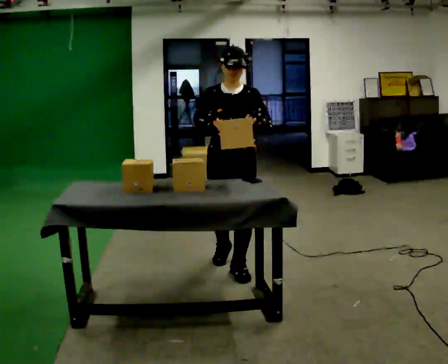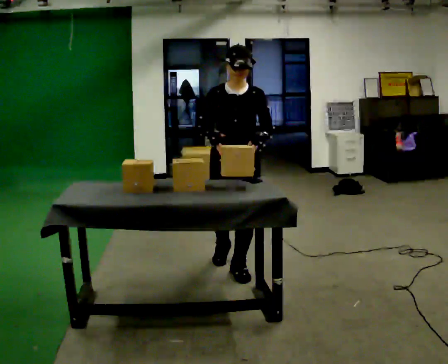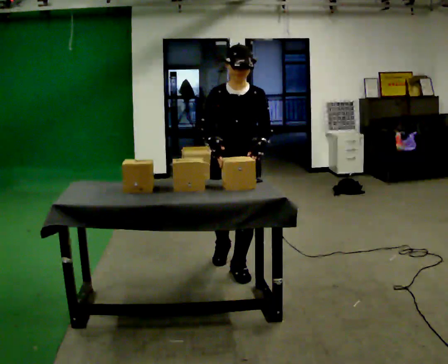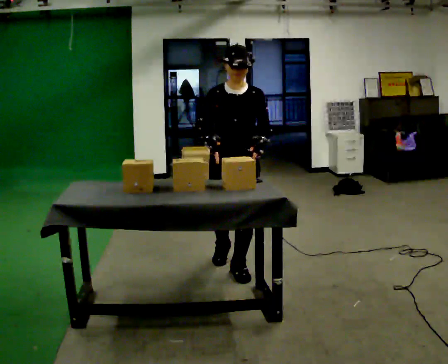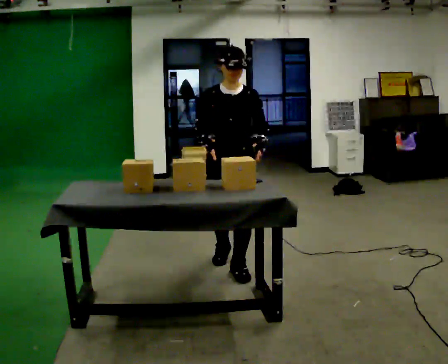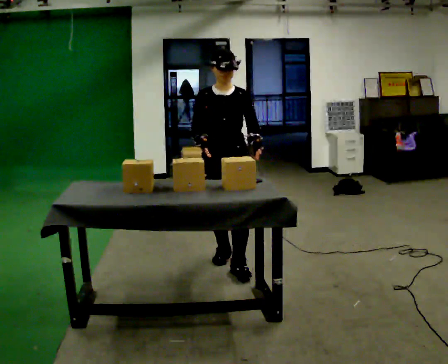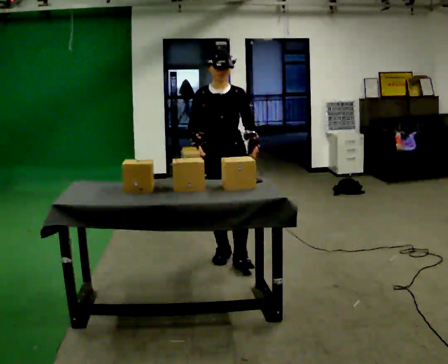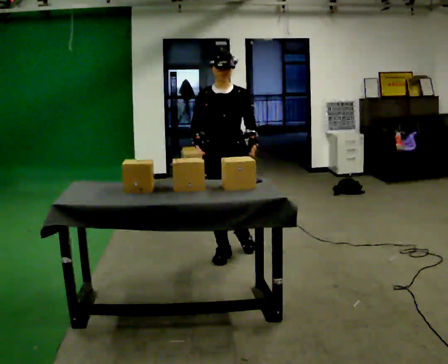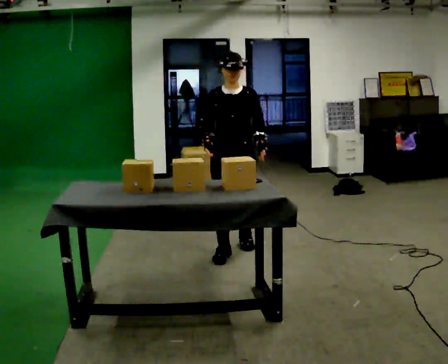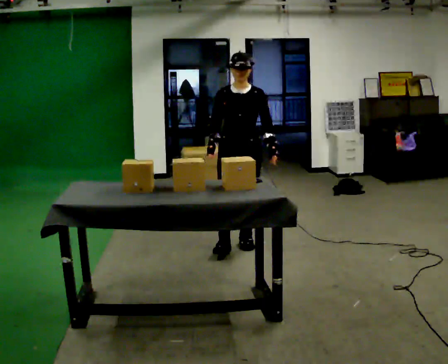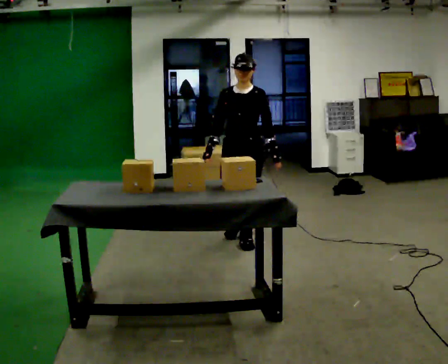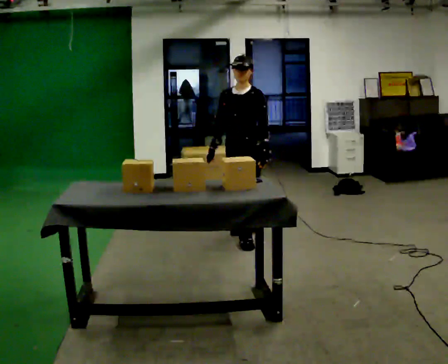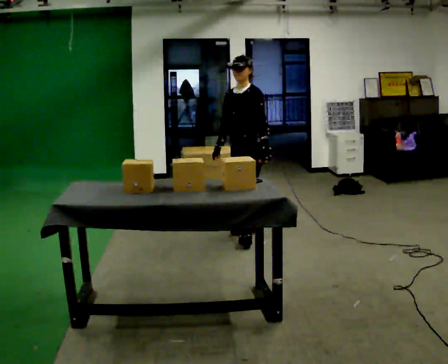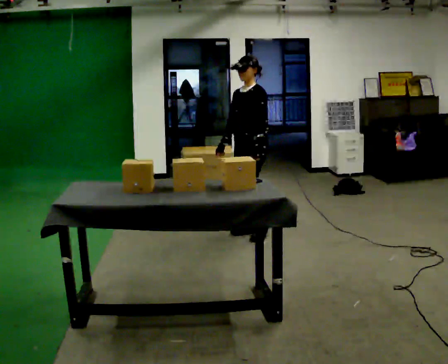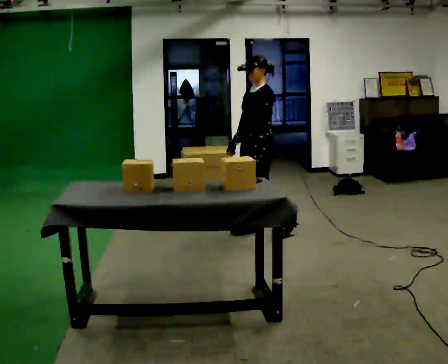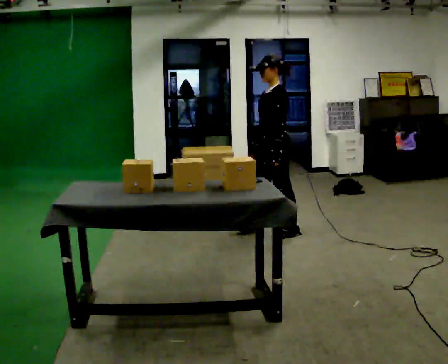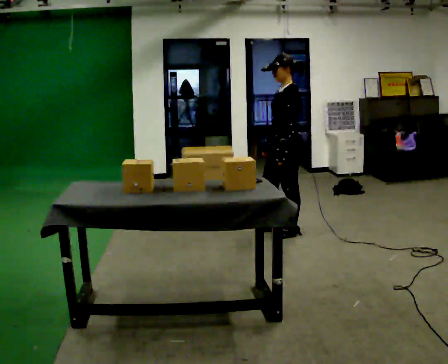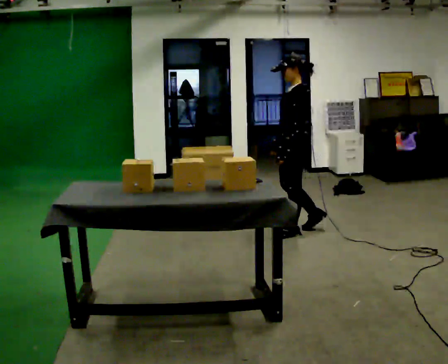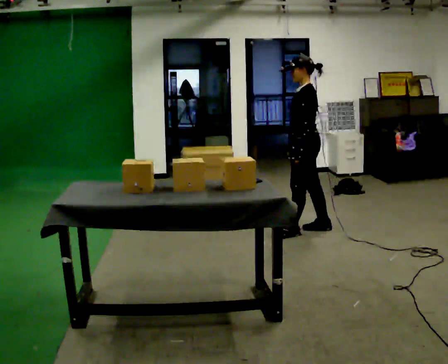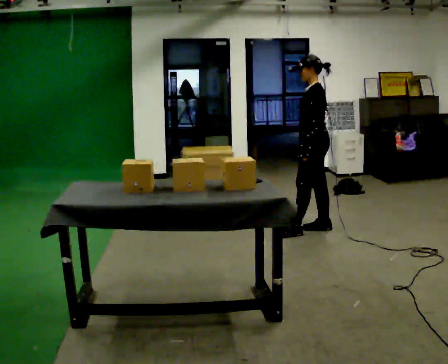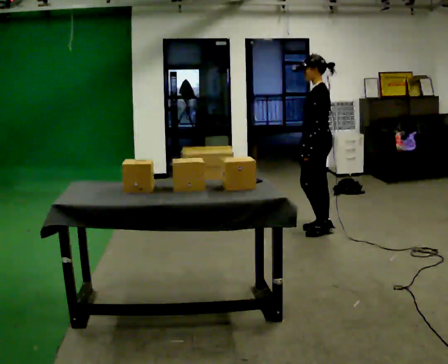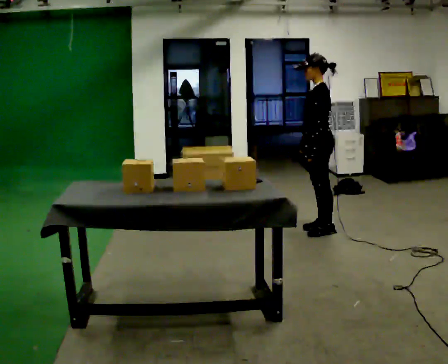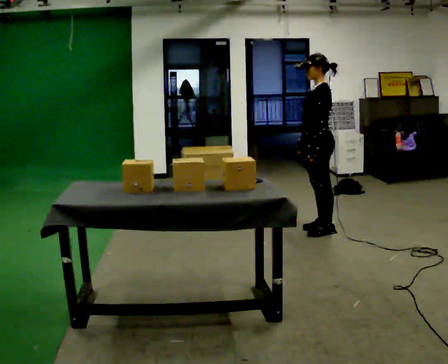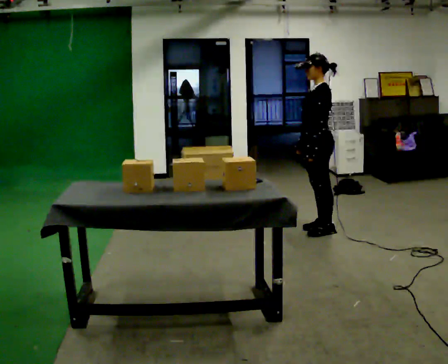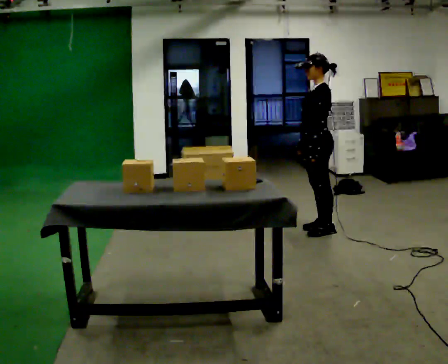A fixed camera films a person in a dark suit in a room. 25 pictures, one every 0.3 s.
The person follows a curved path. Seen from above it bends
clockwise.
0.0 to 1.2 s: The person moves a little, or ends about where they began.
1.2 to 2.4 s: In the picture they go away from the camera, about 0.5 m in 1 step, which for them is backward.
2.4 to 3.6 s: Seen from above the body turns clockwise, about 45 degrees: to their right, with its near side sliding to the left. In the picture they go away from the camera, about 0.5 m in 1 step, which for them is backward.
3.6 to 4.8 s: The person turns about 30 degrees to their right, clockwise seen from above, so the part of the body nearest the lens slides to the left. In the picture they go to the right, about 0.25 m in 2 steps, which for them is backward and to their left.
4.8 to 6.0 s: In the picture they go to the right, about 0.25 m in 1 step, which for them is backward and to their right.
6.0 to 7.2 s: The person moves a little, or ends about where they began.
The film runs backward here.
